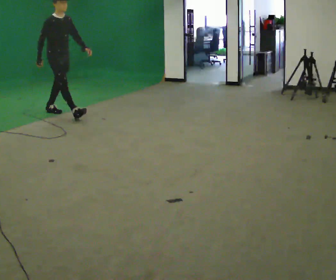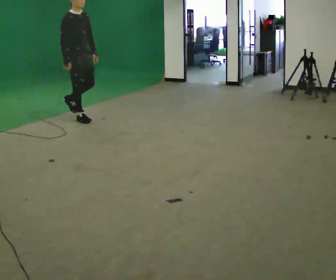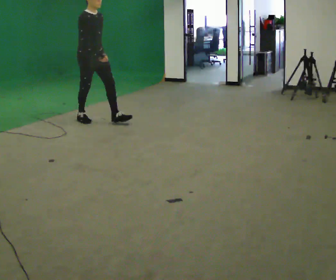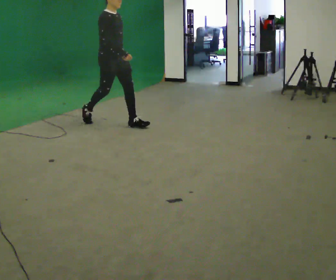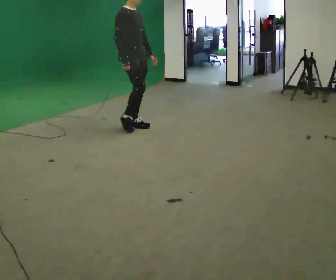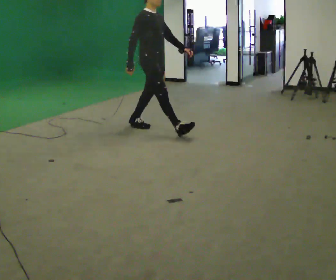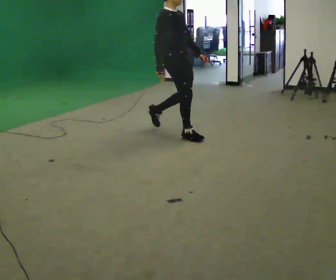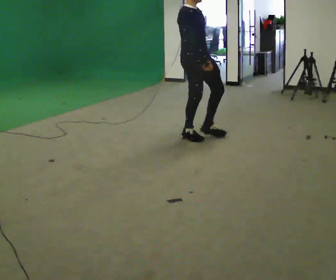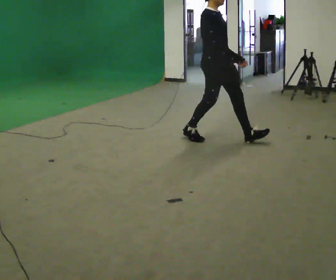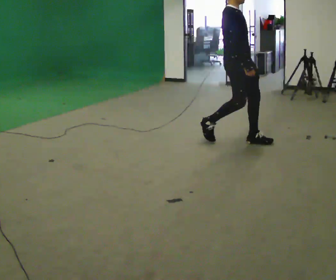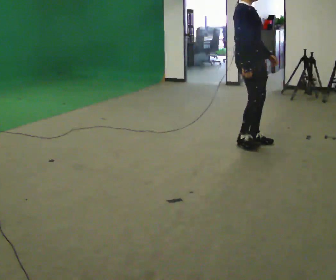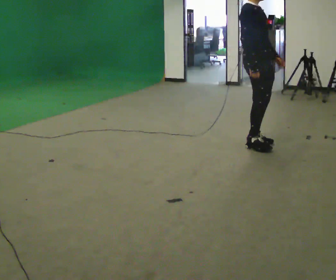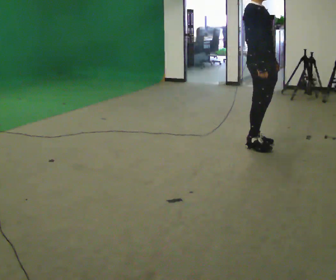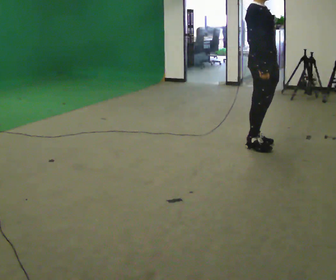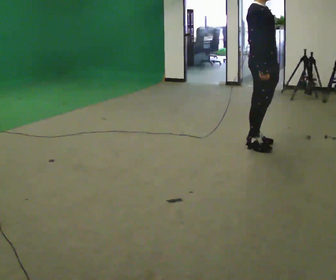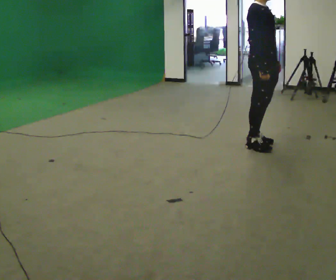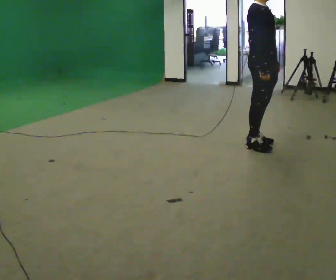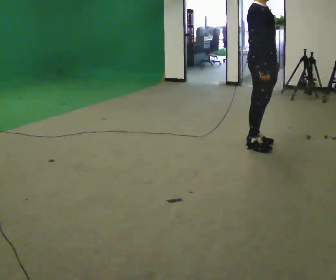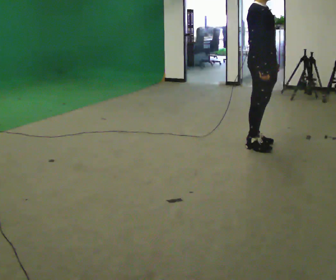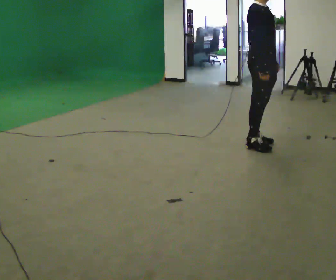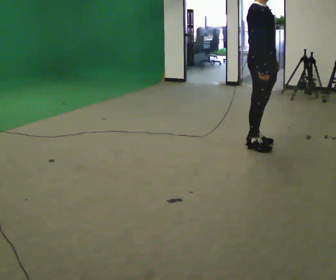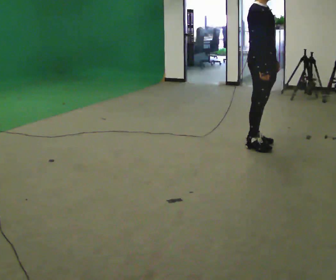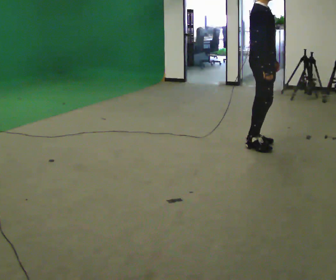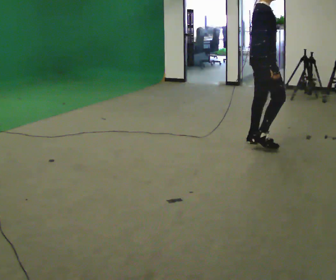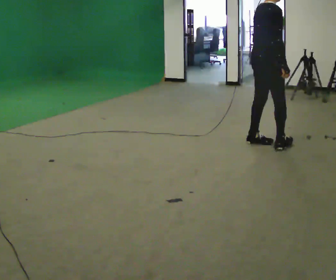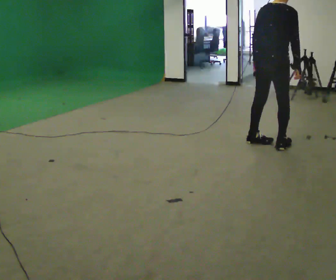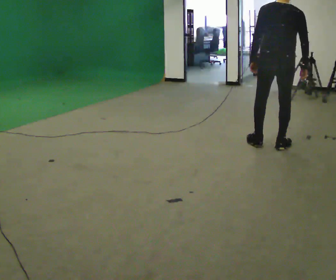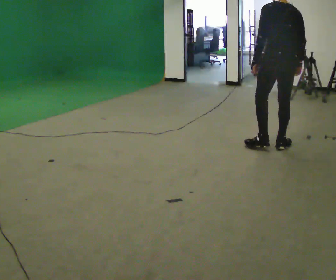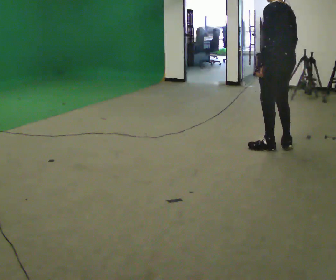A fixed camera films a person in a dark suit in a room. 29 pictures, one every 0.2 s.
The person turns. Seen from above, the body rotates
counterclockwise.
The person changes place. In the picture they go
to the right.
0.0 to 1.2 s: In the picture they go to the right, about 2 m in 3 steps, which for them is forward.
1.2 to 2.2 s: In the picture they go to the right, about 1 m in 2 steps, which for them is forward.
2.2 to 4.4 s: The person moves a little, or ends about where they began.
4.4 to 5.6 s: The person turns about 165 degrees to their left, counterclockwise seen from above, so the part of the body nearest the lens slides to the right. In the picture they go to the right, about 0.25 m in 2 steps.
The film runs forward here.
